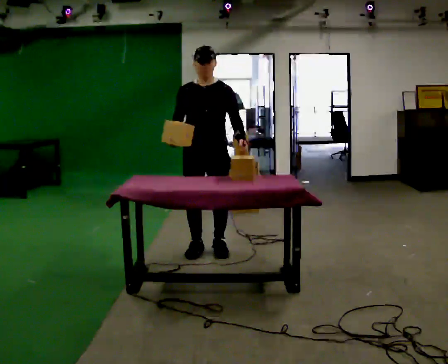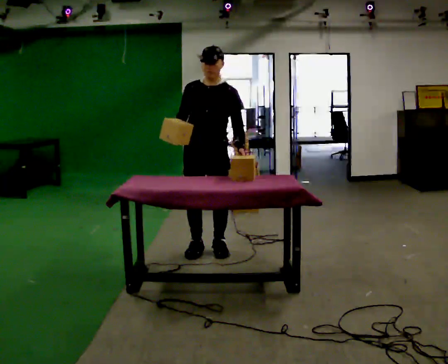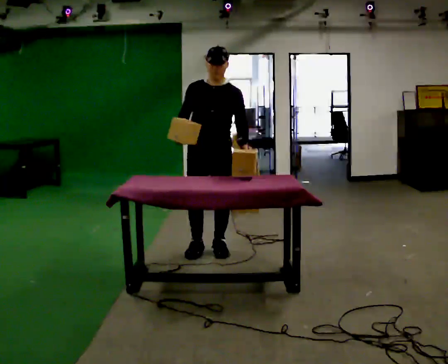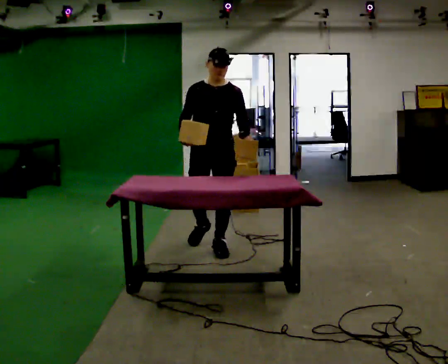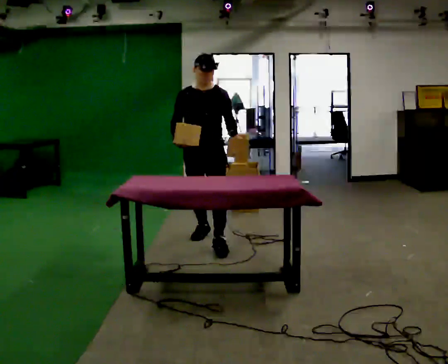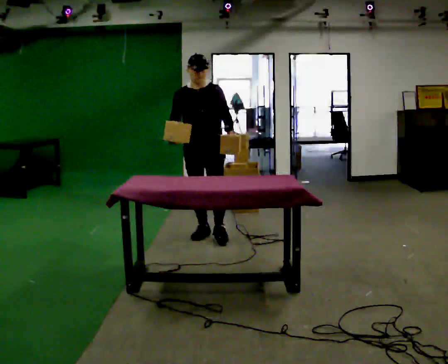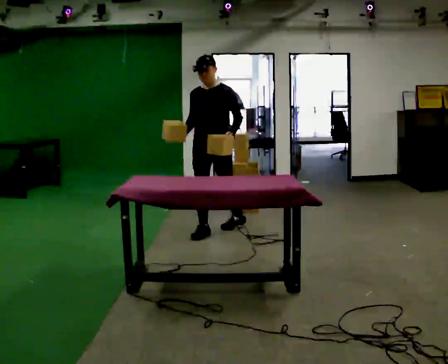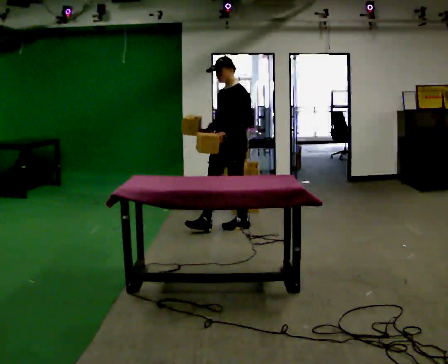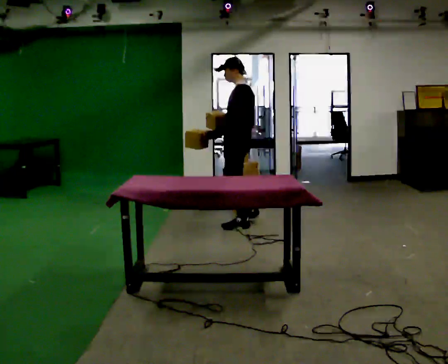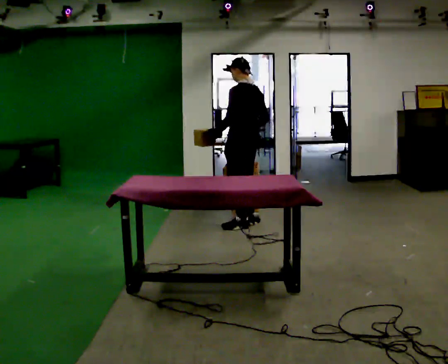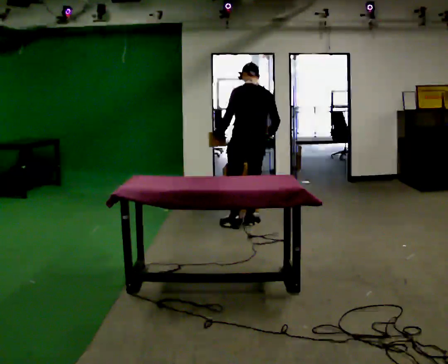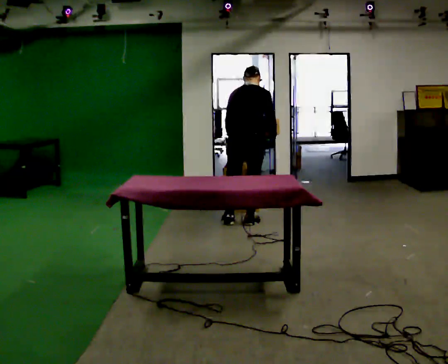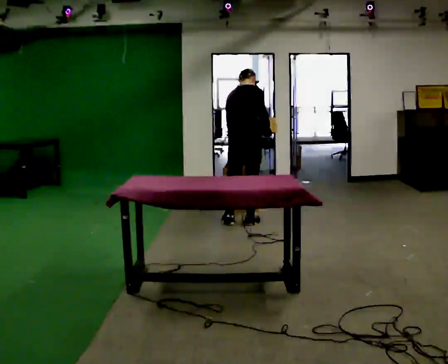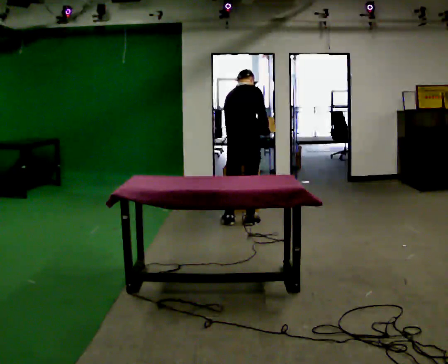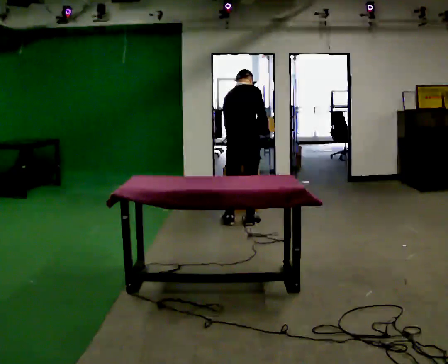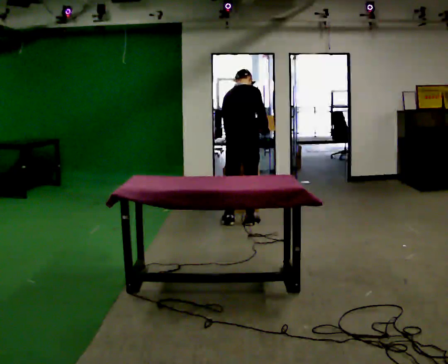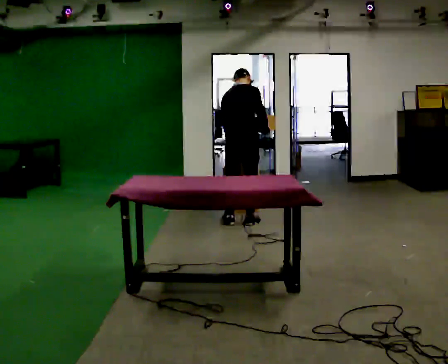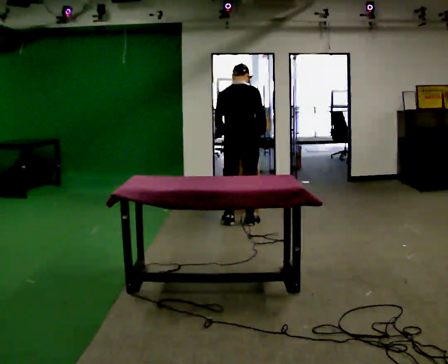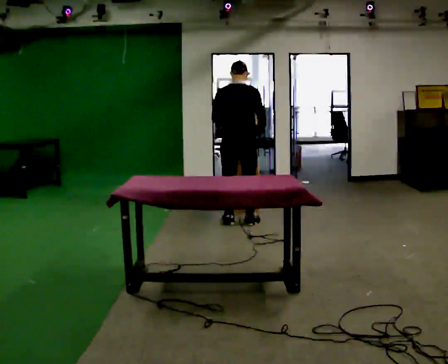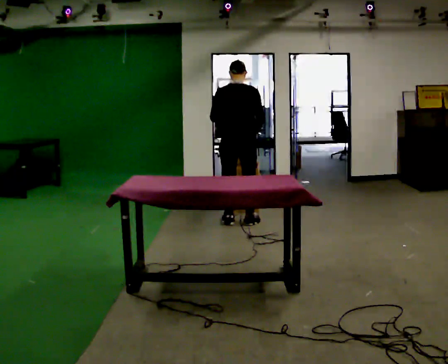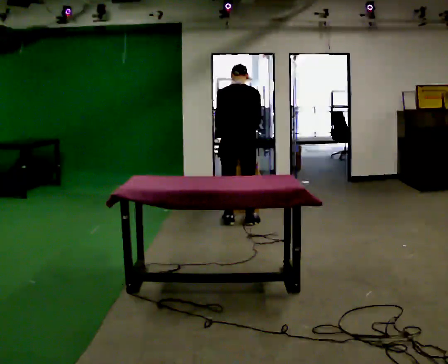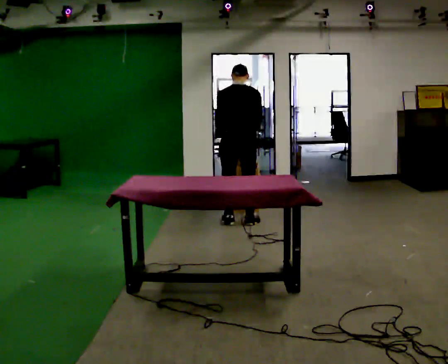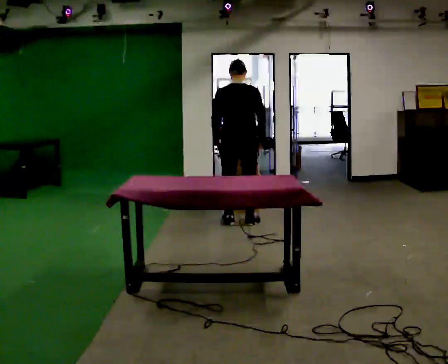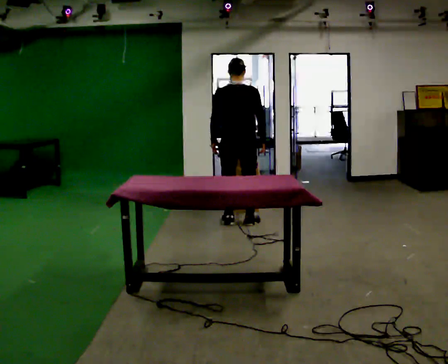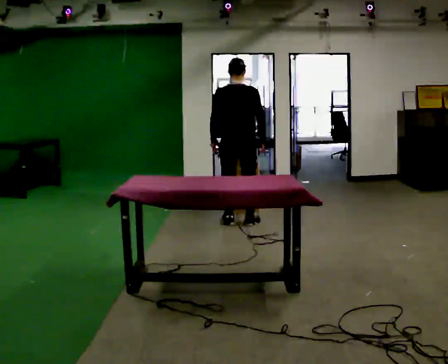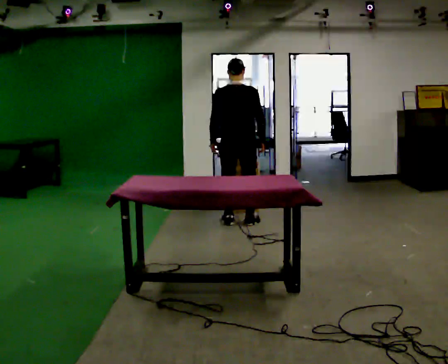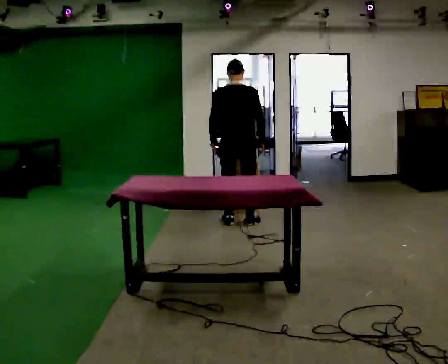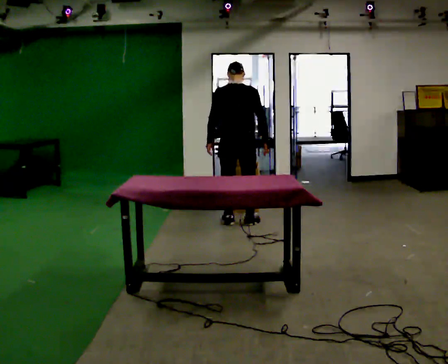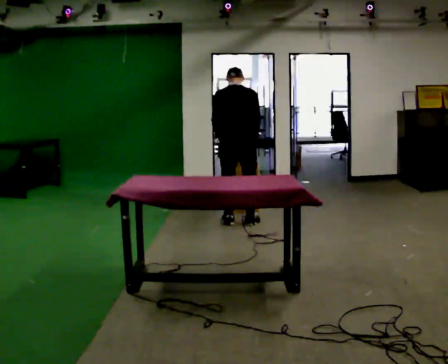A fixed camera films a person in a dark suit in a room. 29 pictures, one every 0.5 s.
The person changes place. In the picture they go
away from the camera.
0.0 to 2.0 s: In the picture they go away from the camera, about 0.25 m in 1 step, which for them is backward.
2.0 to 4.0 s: Seen from above the body turns clockwise, about 105 degrees: to their right, with its near side sliding to the left. In the picture they go away from the camera and to the right, about 0.75 m in 2 steps.
4.0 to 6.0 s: The part of the body nearest the lens slides to the left as the person turns to their right by about 120 degrees. In the picture they go away from the camera, about 0.25 m in 1 step. The upper body tips away from the camera, its near side rolling upward, as they bend forward. In the picture their right hand goes to the right, the arm swinging counterclockwise.
6.0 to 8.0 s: The person moves a little, or ends about where they began.
8.0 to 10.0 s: The part of the body nearest the lens slides to the right as the person turns to their left by about 30 degrees.
10.0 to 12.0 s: The person moves a little, or ends about where they began.
12.0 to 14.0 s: The upper body tips away from the camera, its near side rolling upward, as they bend forward.
The film runs backward here.
